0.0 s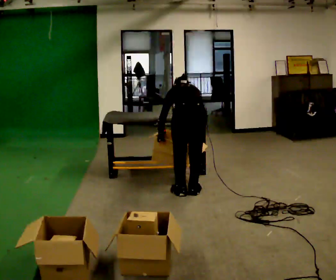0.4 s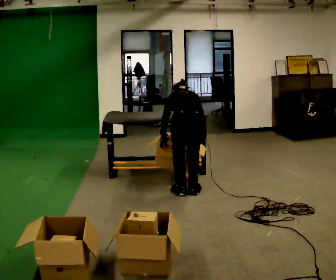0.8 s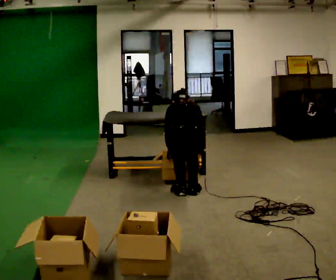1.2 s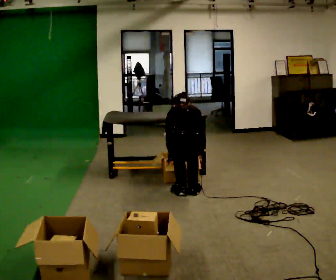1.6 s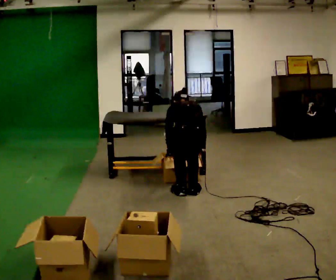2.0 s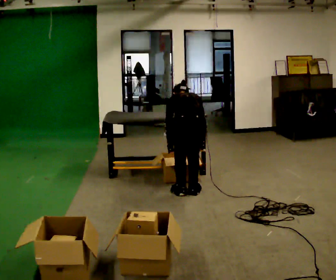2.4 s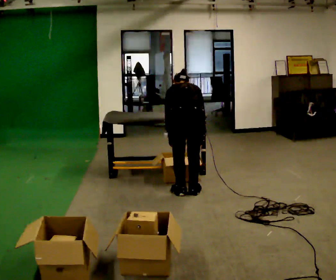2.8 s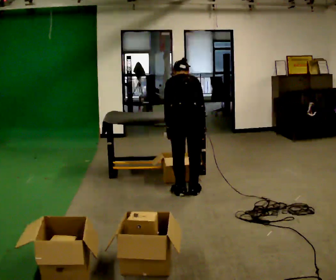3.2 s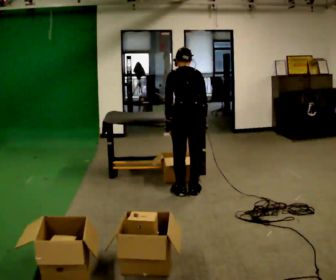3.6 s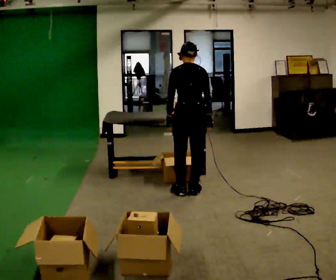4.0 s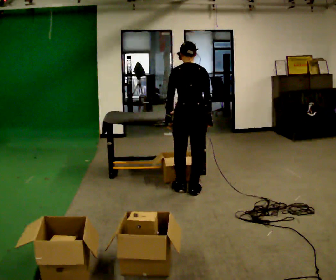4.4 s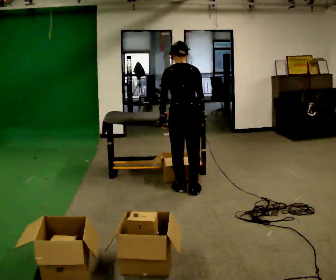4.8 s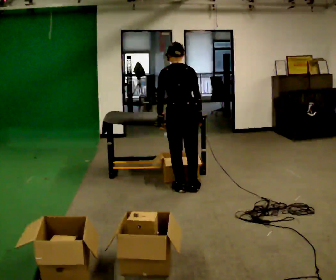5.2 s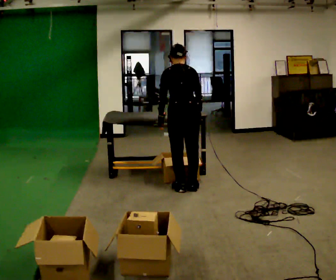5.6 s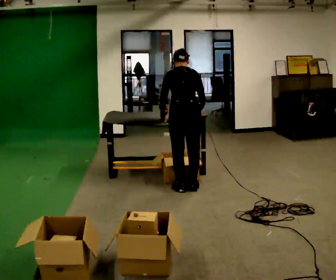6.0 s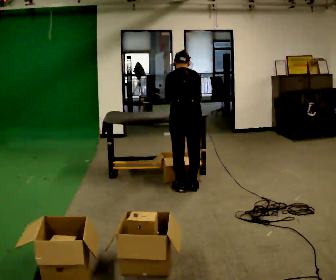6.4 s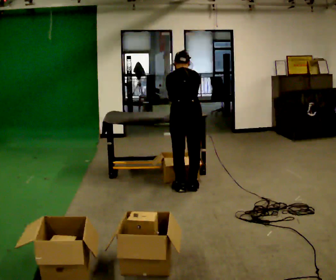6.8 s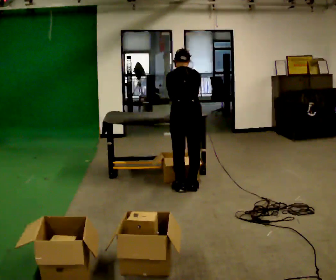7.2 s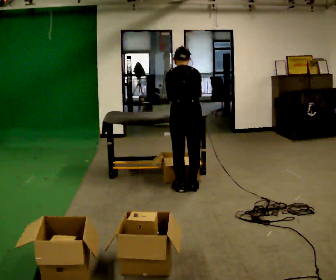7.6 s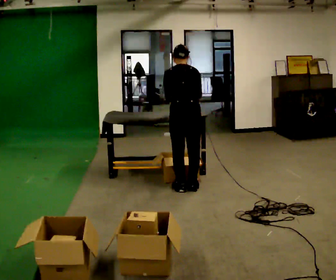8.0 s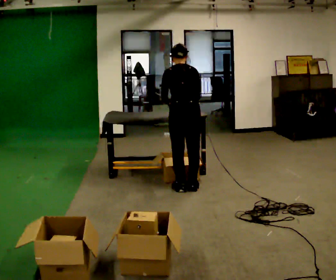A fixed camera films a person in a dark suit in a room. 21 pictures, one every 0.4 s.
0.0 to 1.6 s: The person moves a little, or ends about where they began.
1.6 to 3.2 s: The upper body goes upward. The upper body tips toward the camera, its near side rolling downward, as they lean back or straighten. In the picture their right hand goes upward.
3.2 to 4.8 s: The upper body tips toward the camera, its near side rolling downward, as they lean back or straighten.
4.8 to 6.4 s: The upper body tips away from the camera, its near side rolling upward, as they bend forward.
6.4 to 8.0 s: The upper body tips toward the camera, its near side rolling downward, as they lean back or straighten.
The film runs backward here.
